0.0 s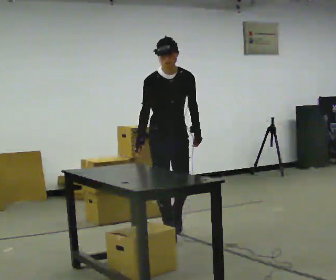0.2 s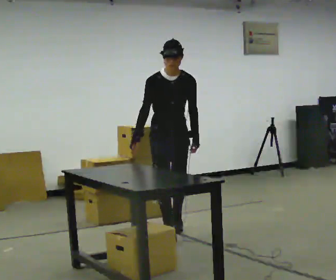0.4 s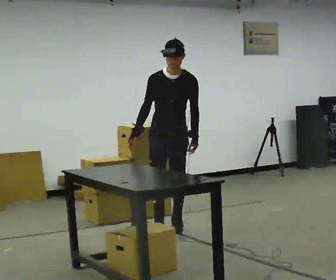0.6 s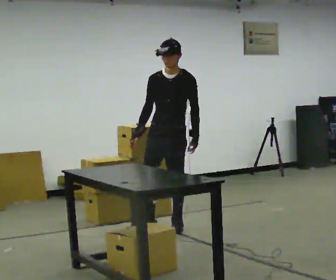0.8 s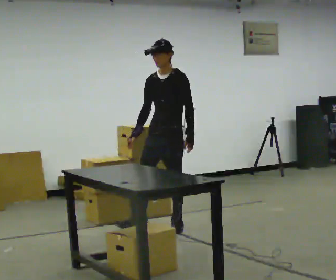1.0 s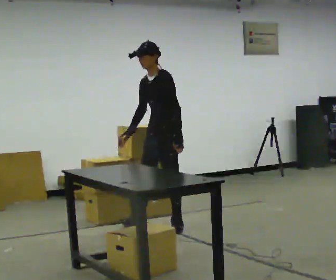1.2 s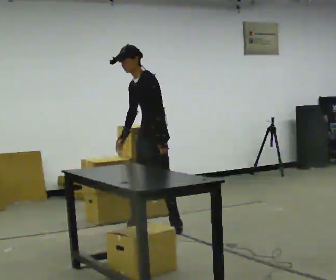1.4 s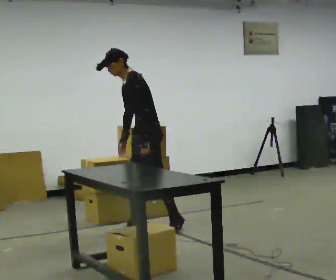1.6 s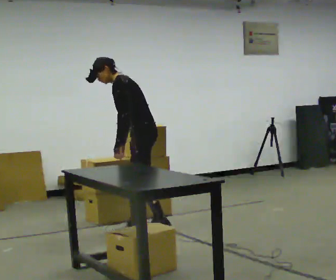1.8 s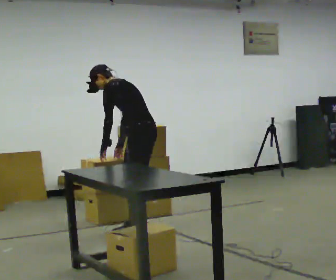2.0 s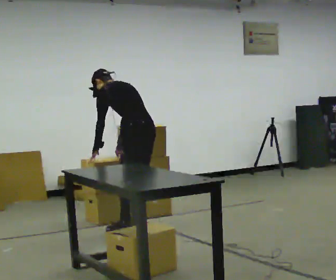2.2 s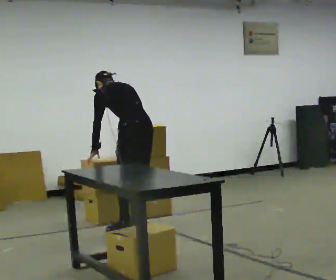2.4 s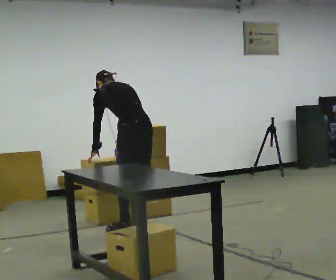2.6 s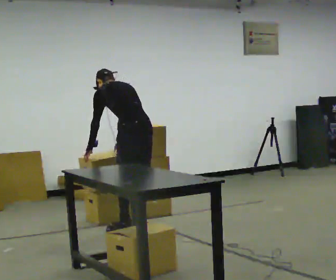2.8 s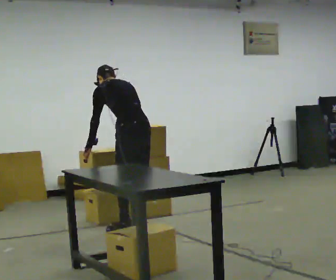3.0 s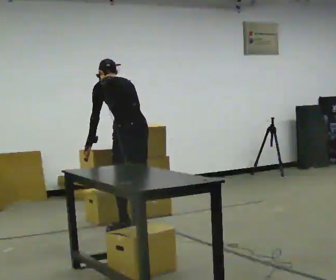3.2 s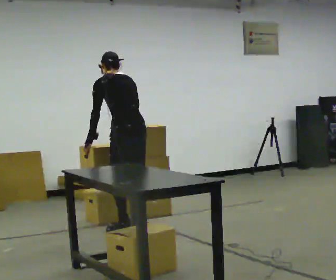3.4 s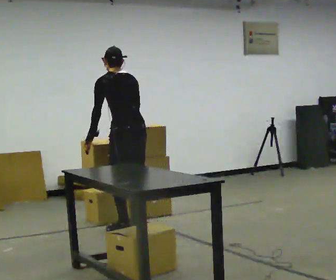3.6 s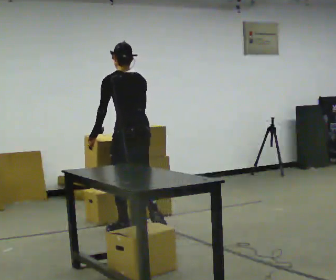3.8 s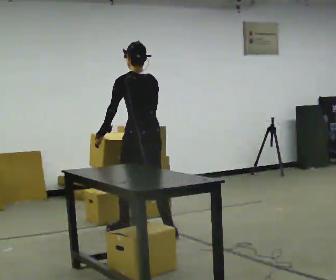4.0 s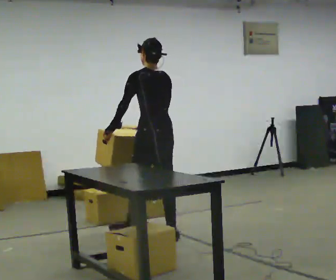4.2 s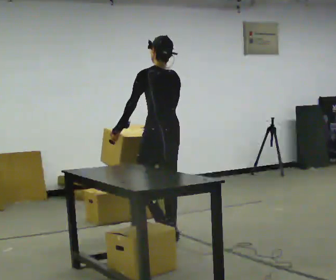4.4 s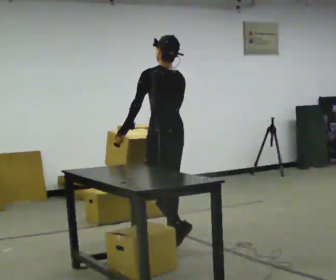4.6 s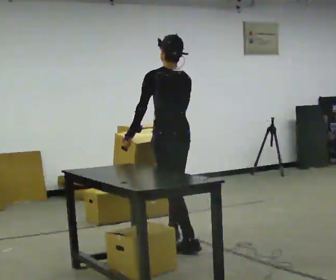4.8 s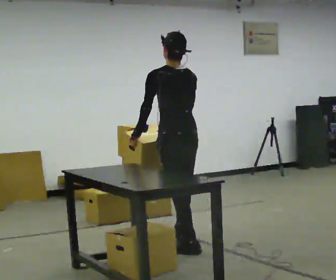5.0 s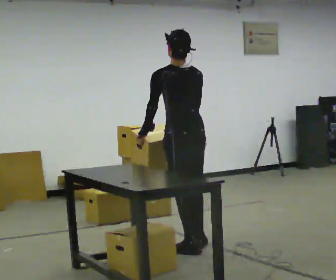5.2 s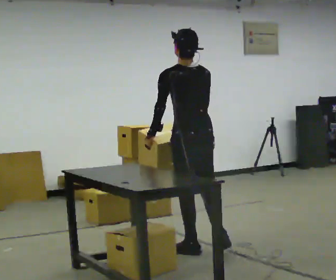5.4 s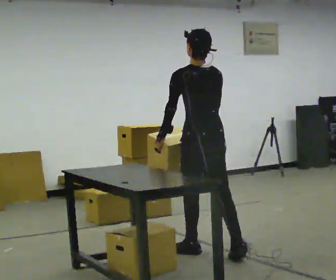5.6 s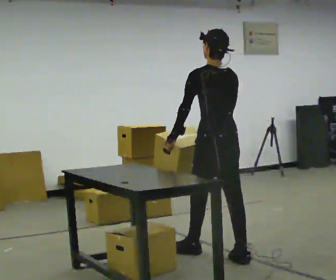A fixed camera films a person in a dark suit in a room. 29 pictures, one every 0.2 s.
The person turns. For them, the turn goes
to their right.
The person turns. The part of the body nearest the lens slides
to the left.
0.0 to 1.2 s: The part of the body nearest the lens slides to the left as the person turns to their right by about 75 degrees. In the picture they go away from the camera, about 0.5 m in 1 step. In the picture the upper body tilts counterclockwise, shoulders to the left.
1.2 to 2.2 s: Seen from above the body turns clockwise, about 75 degrees: to their right, with its near side sliding to the left. In the picture they go to the left, about 0.25 m in 1 step. The upper body tips away from the camera, its near side rolling upward, as they bend forward. In the picture their left hand goes to the left.
2.2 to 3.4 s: In the picture they go toward the camera, about 0.25 m in 1 step, which for them is to their left. The upper body tips toward the camera, its near side rolling downward, as they lean back or straighten.
3.4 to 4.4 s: In the picture they go toward the camera and to the right, about 0.5 m in 1 step, which for them is backward.
4.4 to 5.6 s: In the picture they go toward the camera and to the right, about 0.5 m in 1 step, which for them is backward.
The film runs backward here.
